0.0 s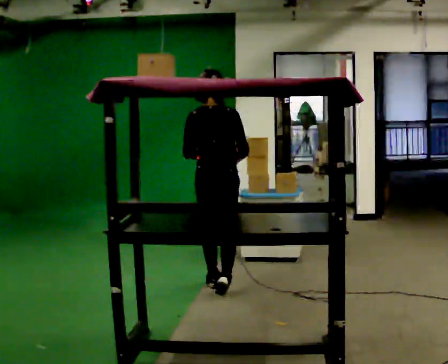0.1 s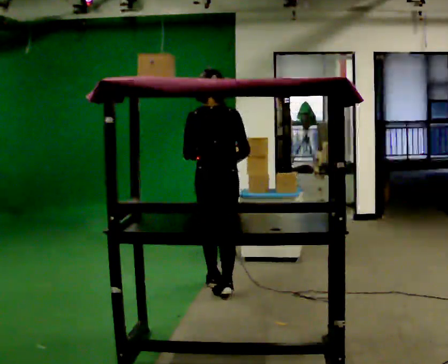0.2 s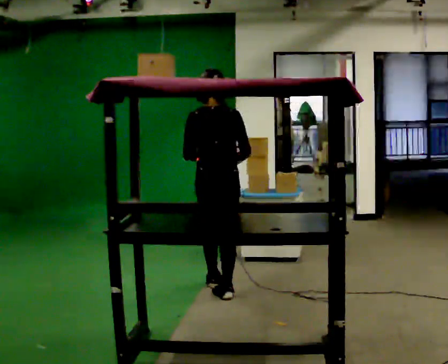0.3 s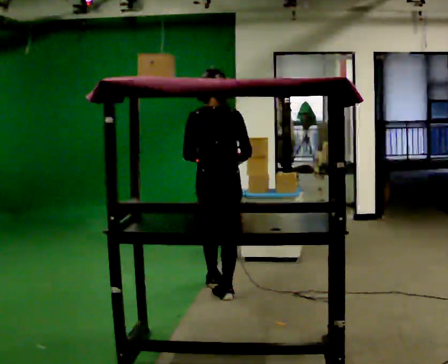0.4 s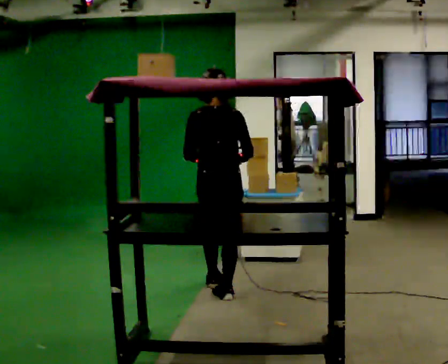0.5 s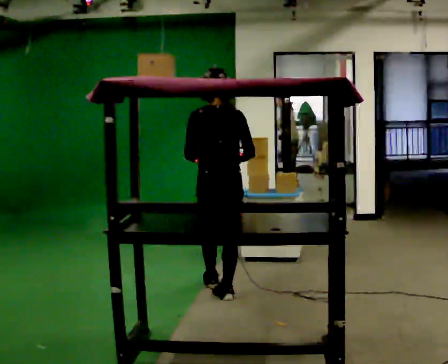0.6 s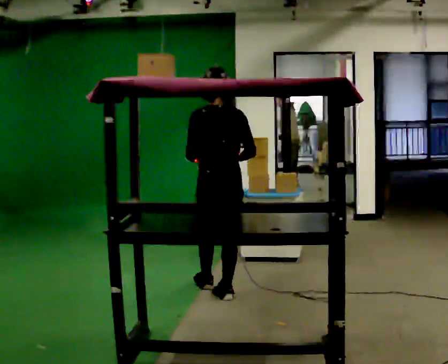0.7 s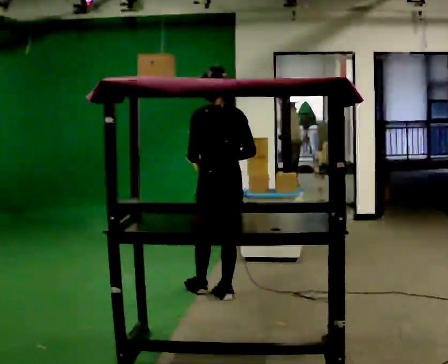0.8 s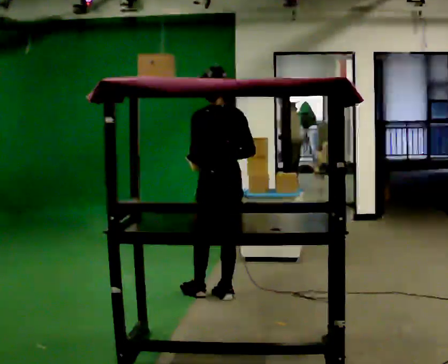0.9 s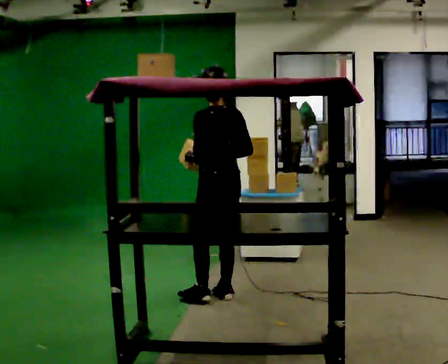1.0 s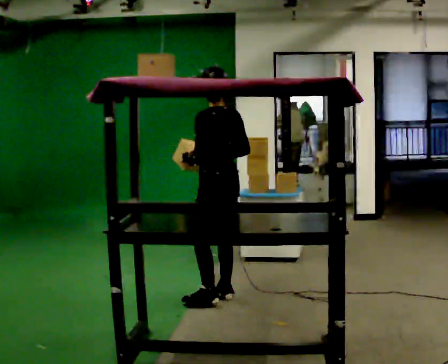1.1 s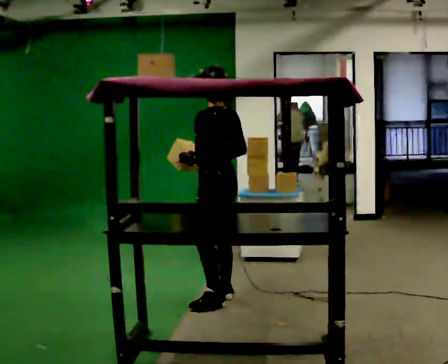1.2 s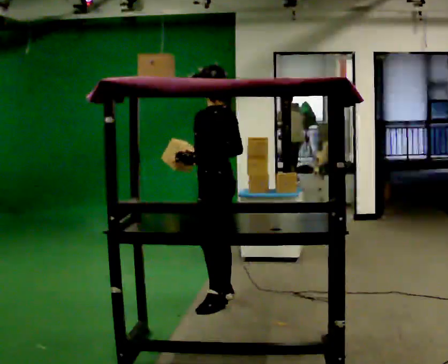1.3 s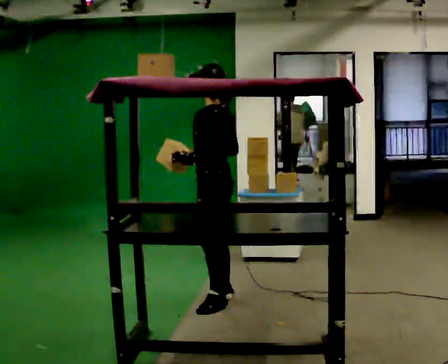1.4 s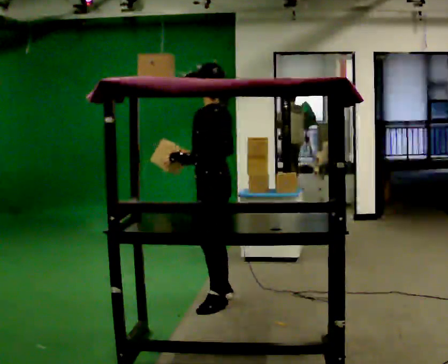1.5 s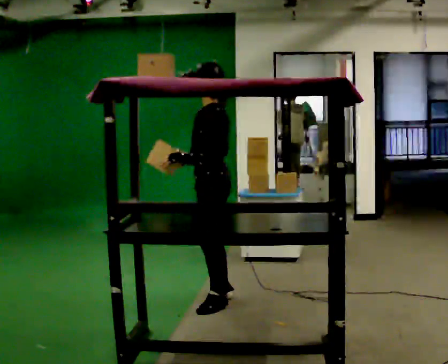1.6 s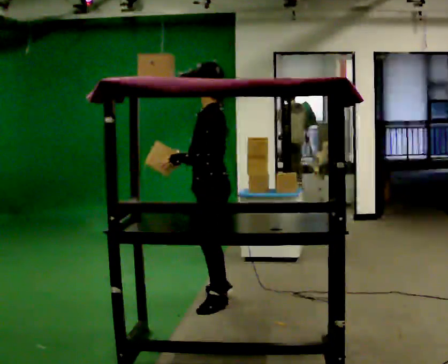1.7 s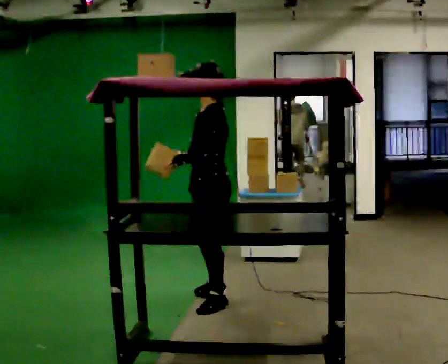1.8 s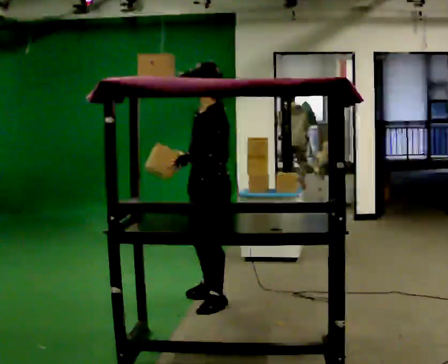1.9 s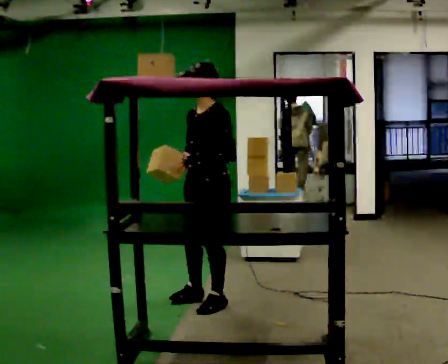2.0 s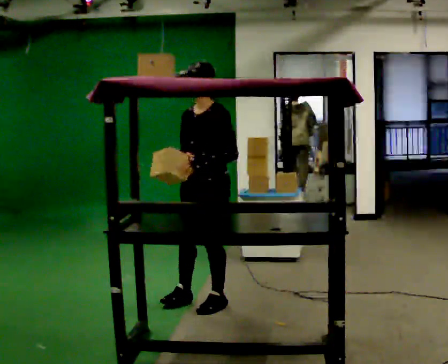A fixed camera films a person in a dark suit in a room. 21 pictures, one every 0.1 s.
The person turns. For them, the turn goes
to their left.
The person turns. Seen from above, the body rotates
counterclockwise.
0.0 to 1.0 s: The person turns about 60 degrees to their left, counterclockwise seen from above, so the part of the body nearest the lens slides to the right. In the picture they go toward the camera, about 0.25 m in 1 step.
1.0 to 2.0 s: The person turns about 90 degrees to their left, counterclockwise seen from above, so the part of the body nearest the lens slides to the right. In the picture they go toward the camera, about 0.25 m in 1 step. In the picture their right hand goes to the left.
The film runs backward here.
